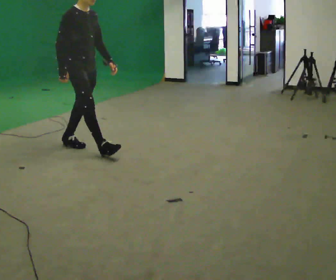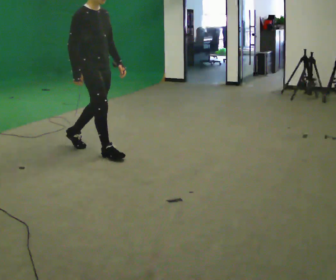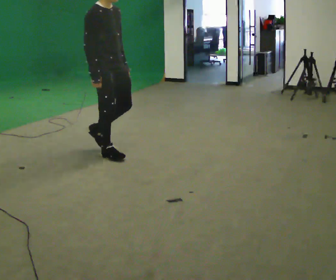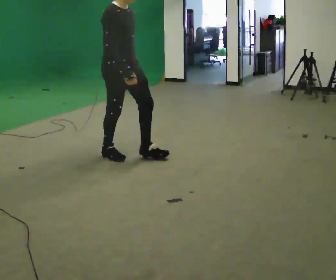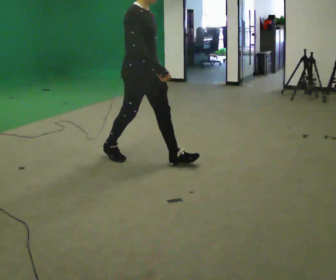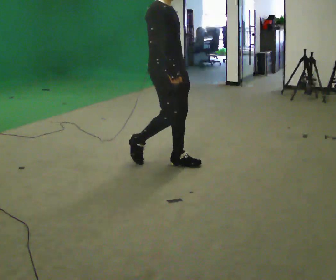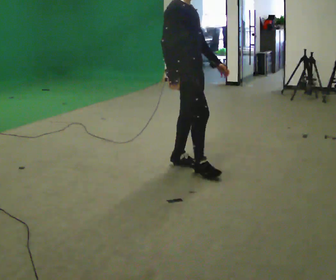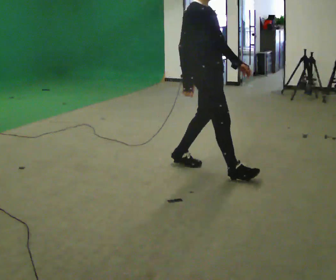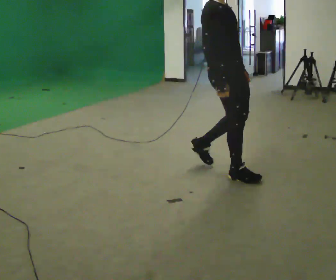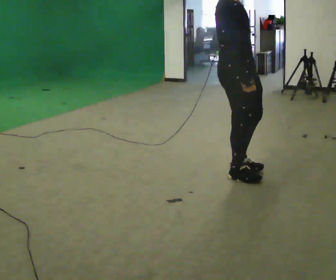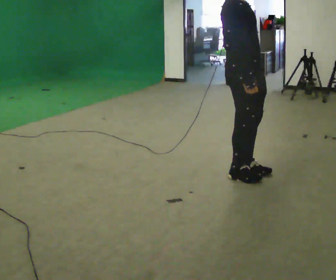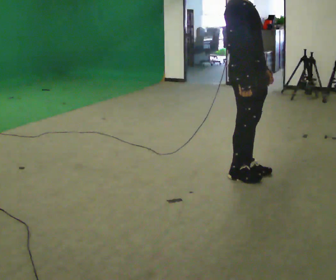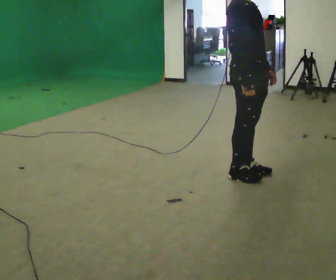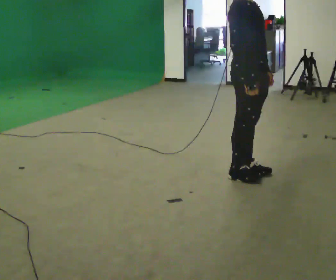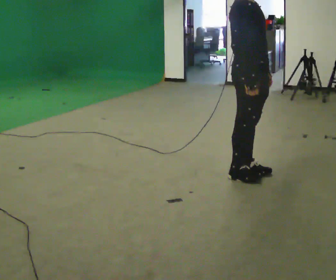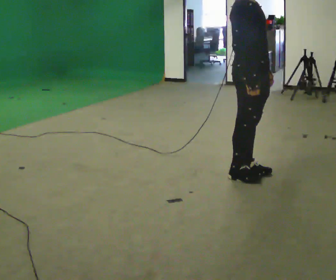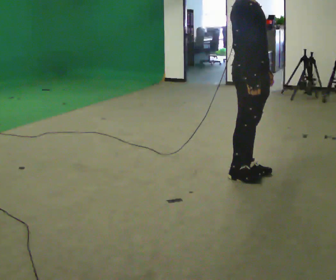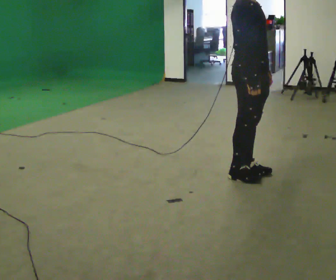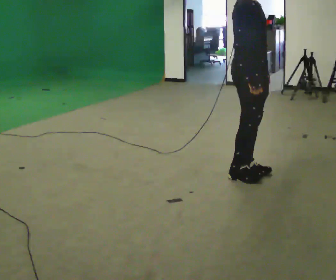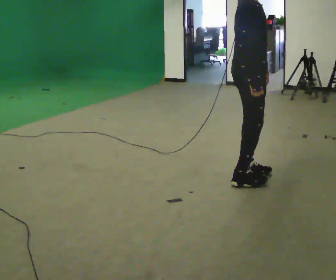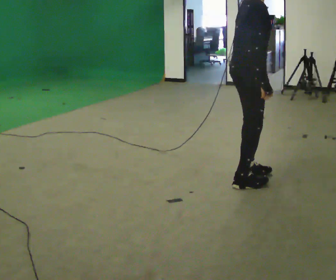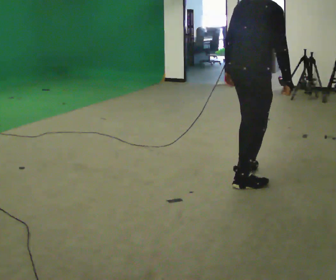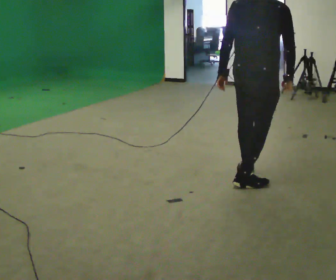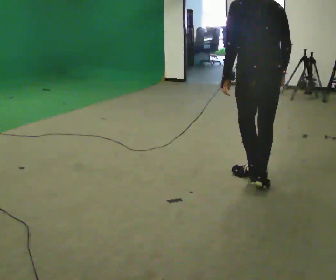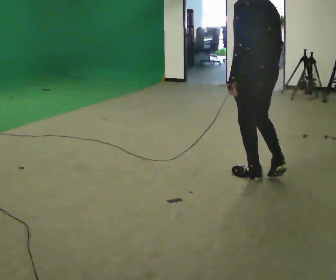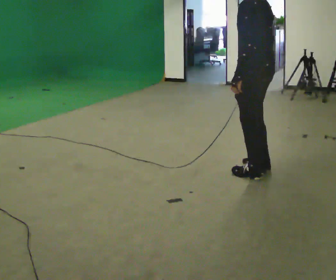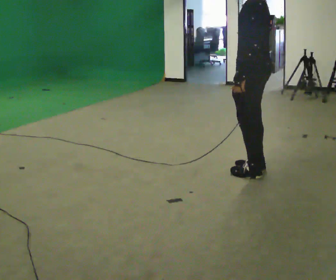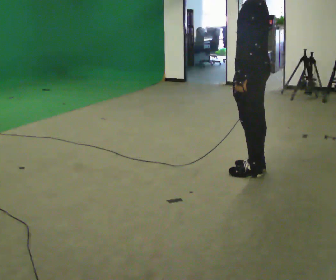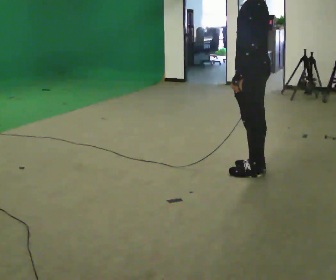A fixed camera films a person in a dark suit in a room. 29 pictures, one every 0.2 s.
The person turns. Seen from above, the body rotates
counterclockwise.
The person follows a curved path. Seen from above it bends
counterclockwise.
0.0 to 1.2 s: In the picture they go to the right, about 1 m in 2 steps, which for them is forward.
1.2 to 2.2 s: In the picture they go to the right, about 0.5 m in 2 steps, which for them is forward.
2.2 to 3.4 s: The person moves a little, or ends about where they began.
3.4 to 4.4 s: Seen from above the body turns counterclockwise, about 90 degrees: to their left, with its near side sliding to the right. In the picture their left hand goes to the left.
4.4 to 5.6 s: The person turns about 90 degrees to their left, counterclockwise seen from above, so the part of the body nearest the lens slides to the right. In the picture they go away from the camera, about 0.25 m in 2 steps.
The film runs forward here.
